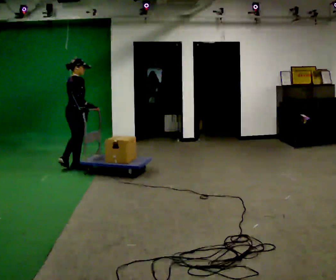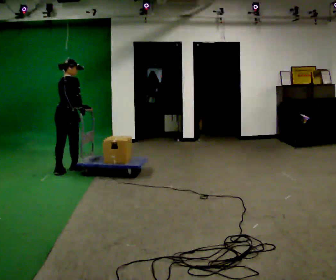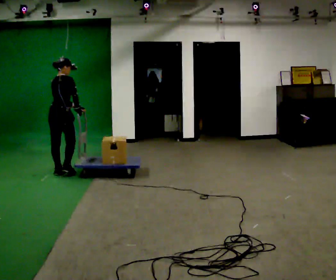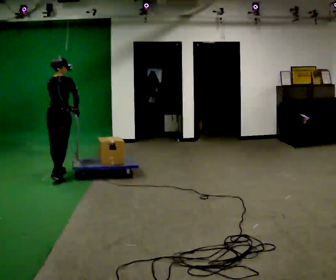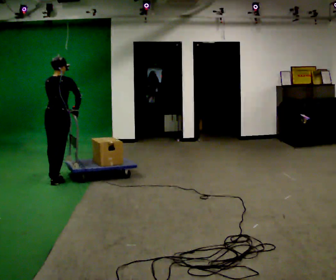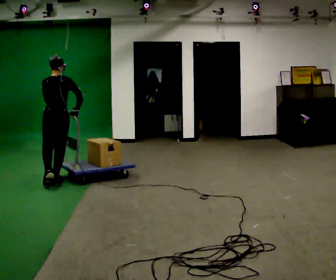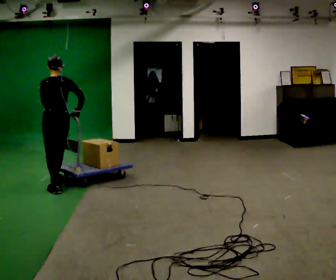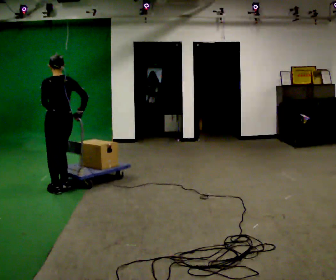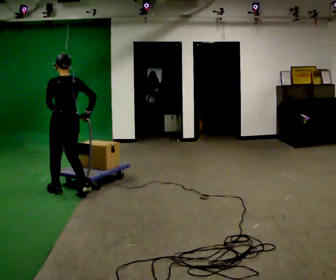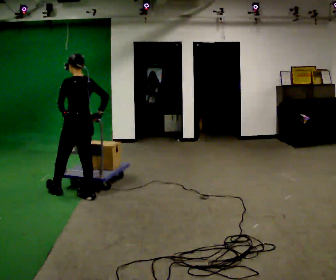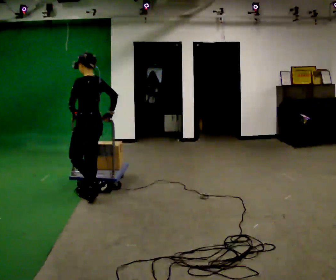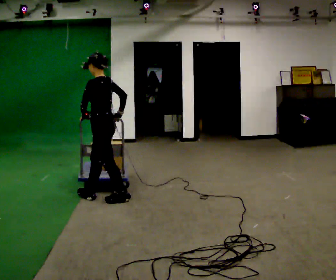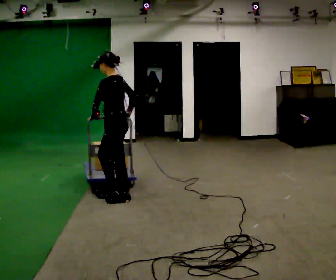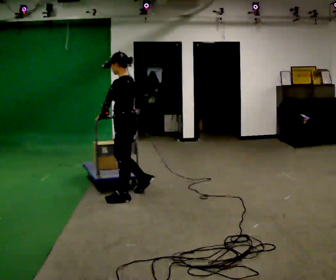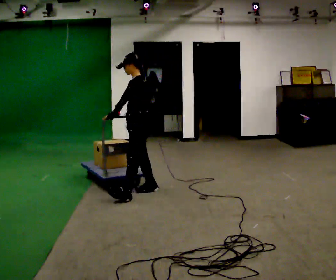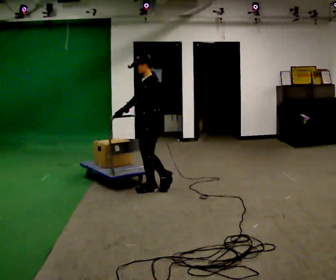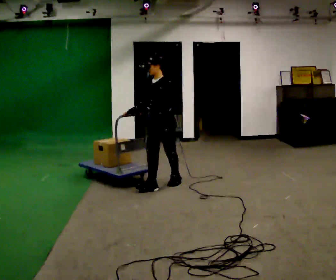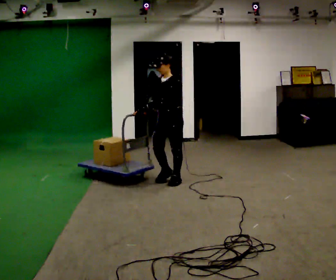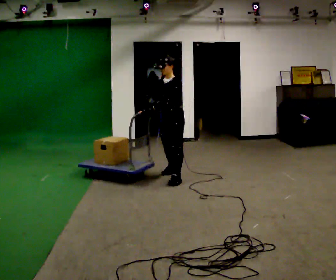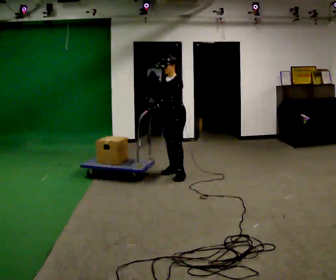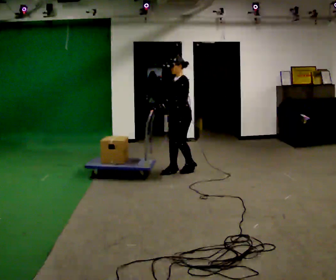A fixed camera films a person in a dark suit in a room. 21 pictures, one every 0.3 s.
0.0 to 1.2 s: Seen from above the body turns counterclockwise, about 45 degrees: to their left, with its near side sliding to the right. In the picture they go toward the camera, about 0.5 m in 2 steps, which for them is backward.
1.2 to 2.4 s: Seen from above the body turns counterclockwise, about 45 degrees: to their left, with its near side sliding to the right. In the picture they go toward the camera, about 0.5 m in 1 step, which for them is backward.
2.4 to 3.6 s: The part of the body nearest the lens slides to the right as the person turns to their left by about 45 degrees. In the picture they go to the right and toward the camera, about 0.5 m in 2 steps, which for them is backward.
3.6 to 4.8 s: The person turns about 45 degrees to their left, counterclockwise seen from above, so the part of the body nearest the lens slides to the right. In the picture they go to the right and away from the camera, about 0.75 m in 1 step, which for them is backward and to their right.
4.8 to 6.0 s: In the picture they go away from the camera and to the right, about 0.75 m in 2 steps, which for them is backward.
The film runs backward here.
